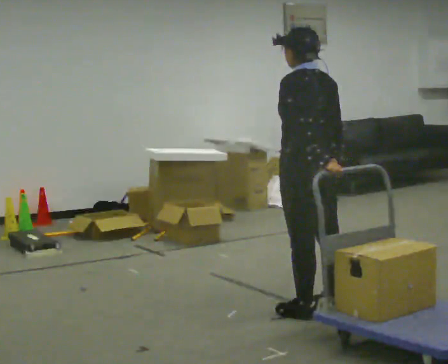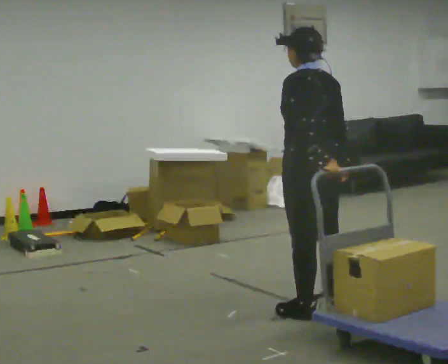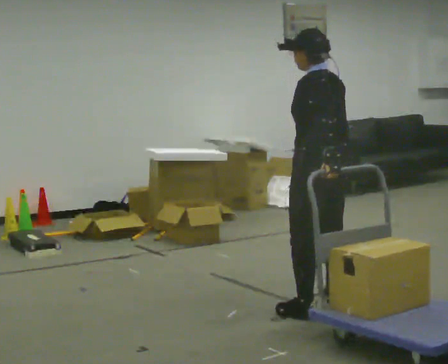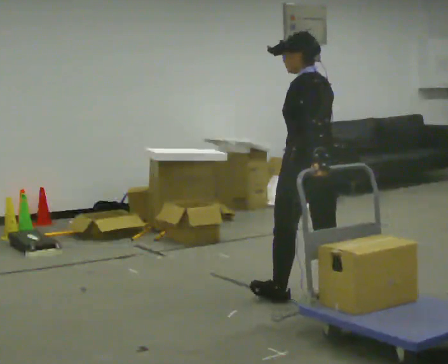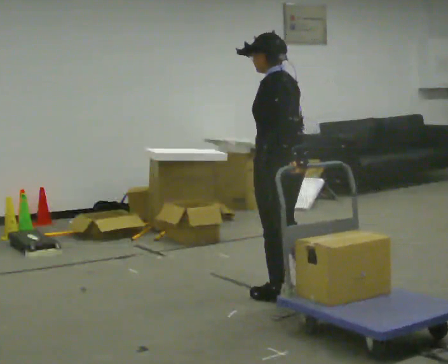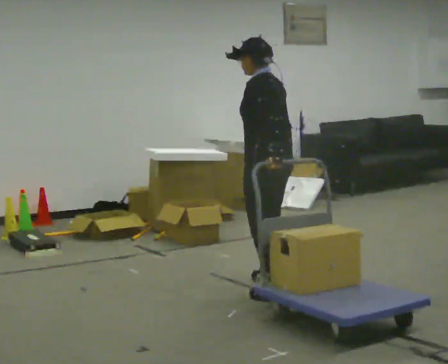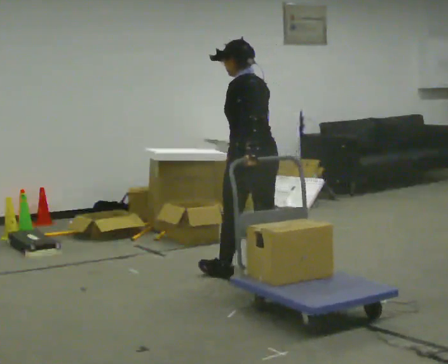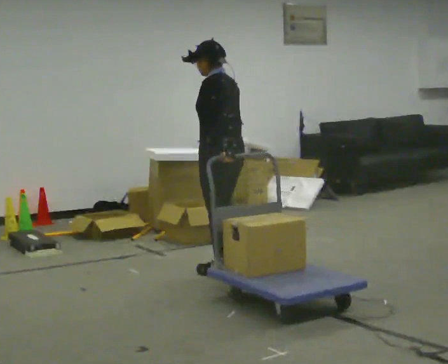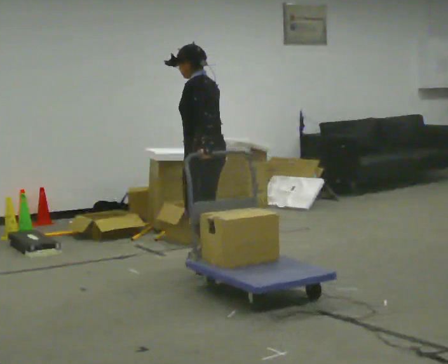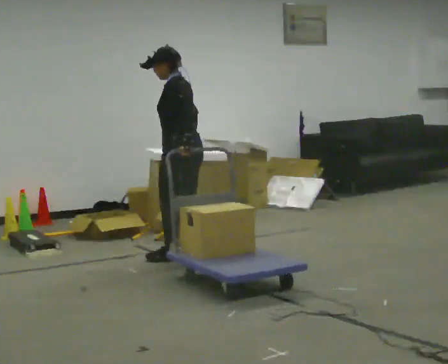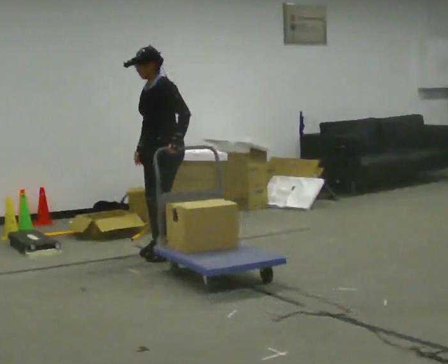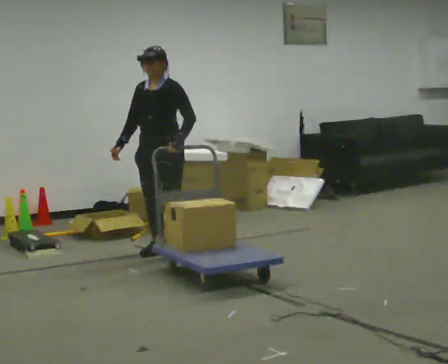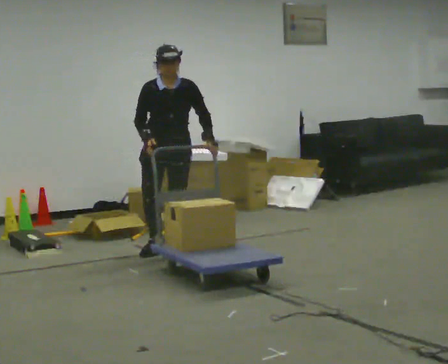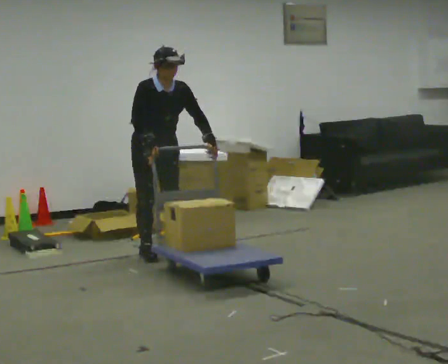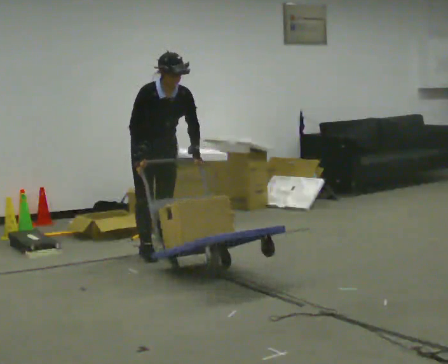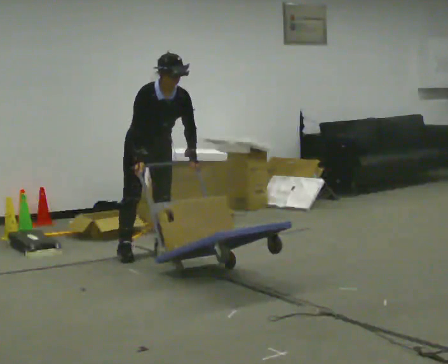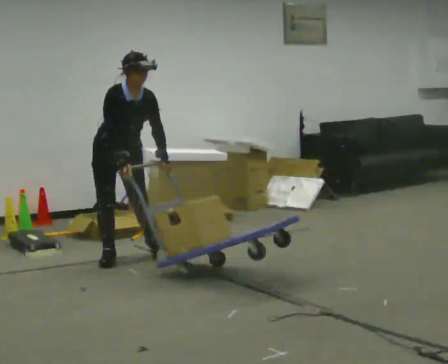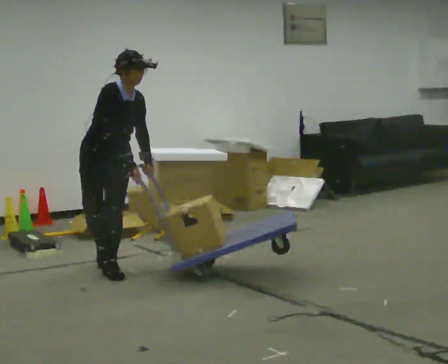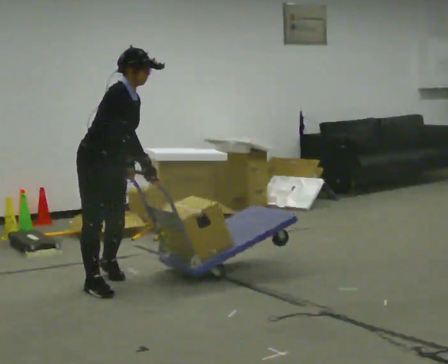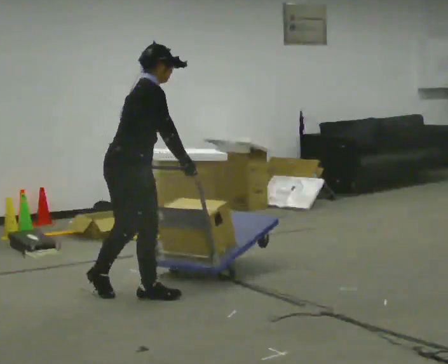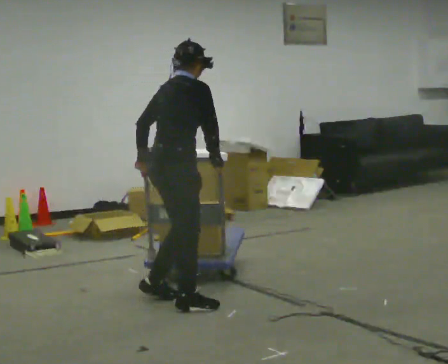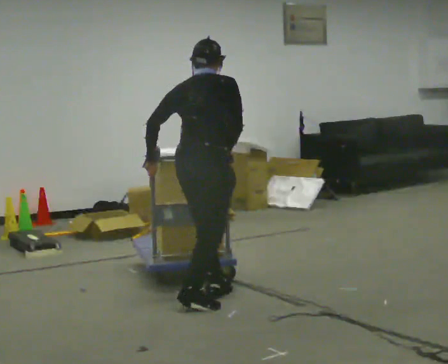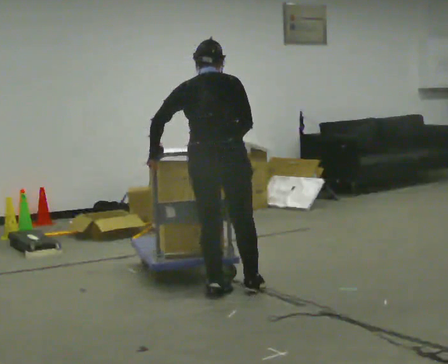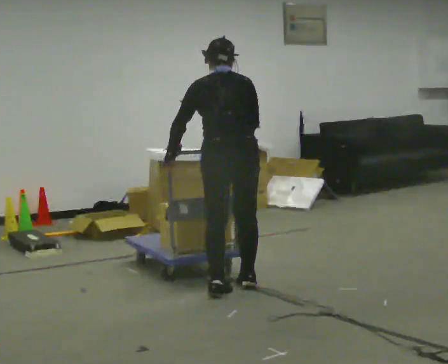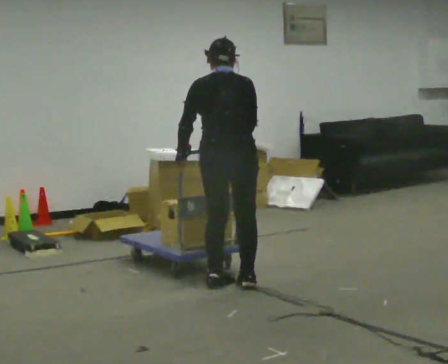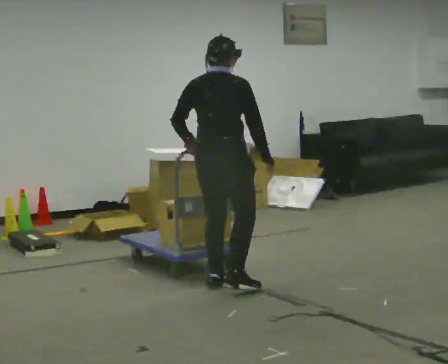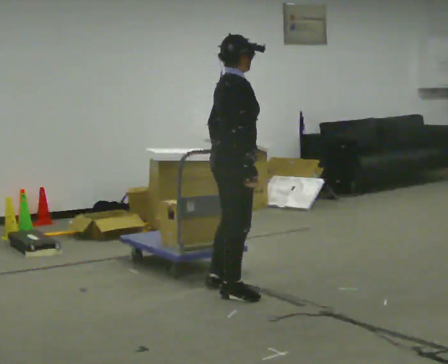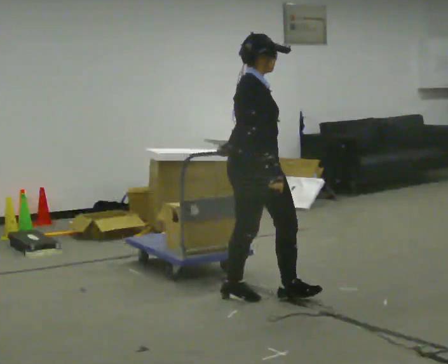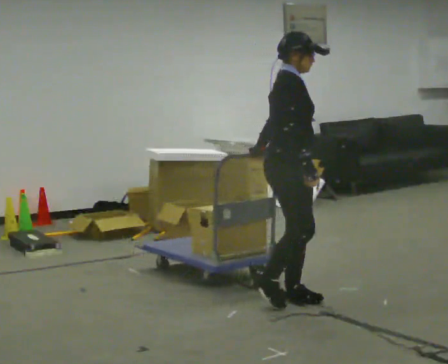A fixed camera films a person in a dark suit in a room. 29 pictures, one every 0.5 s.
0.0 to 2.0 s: In the picture they go away from the camera, about 0.25 m in 1 step, which for them is forward.
2.0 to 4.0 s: In the picture they go away from the camera and to the left, about 1 m in 3 steps, which for them is forward.
4.0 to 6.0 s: The part of the body nearest the lens slides to the right as the person turns to their left by about 120 degrees. In the picture they go away from the camera and to the left, about 0.5 m in 2 steps.
6.0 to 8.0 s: In the picture they go to the left and toward the camera, about 0.5 m in 3 steps, which for them is to their right. In the picture the upper body tilts clockwise, shoulders to the right, as they bend forward.
8.0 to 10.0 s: Seen from above the body turns counterclockwise, about 90 degrees: to their left, with its near side sliding to the right. In the picture they go toward the camera and to the right, about 1 m in 4 steps. The upper body tips away from the camera, its near side rolling upward.
10.0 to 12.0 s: The person turns about 60 degrees to their left, counterclockwise seen from above, so the part of the body nearest the lens slides to the right. In the picture they go away from the camera and to the right, about 0.5 m in 3 steps.
12.0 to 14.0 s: The part of the body nearest the lens slides to the left as the person turns to their right by about 105 degrees. In the picture they go toward the camera and to the right, about 0.5 m in 2 steps.
The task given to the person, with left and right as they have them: Pull the cart behind you as you walk backward across the room. The operator will confirm the space behind you is clear before each take.
The film runs forward here.
